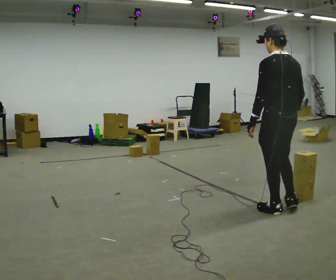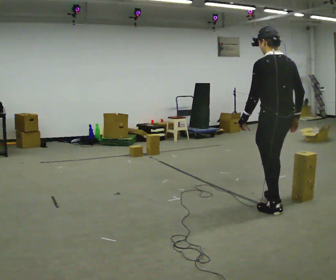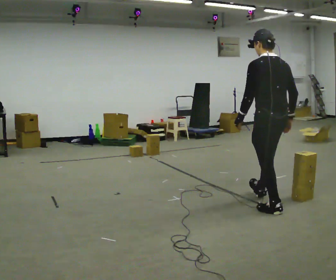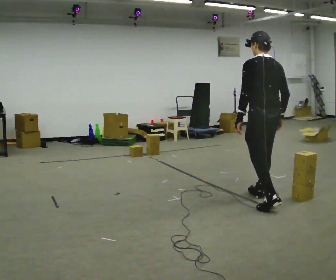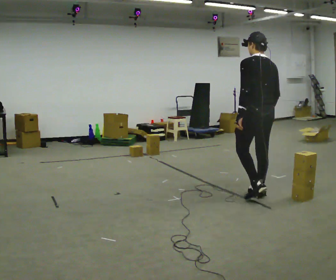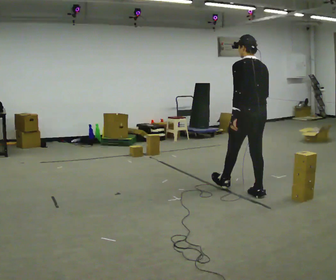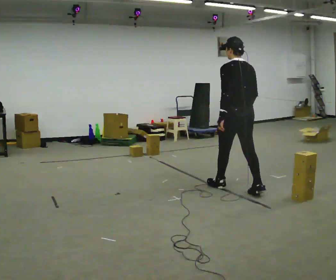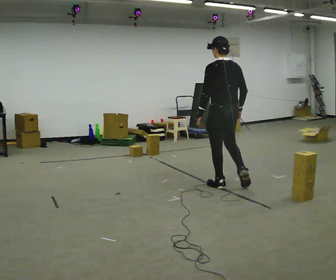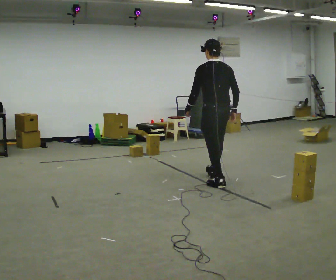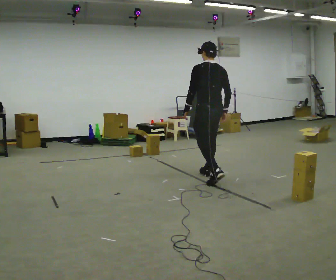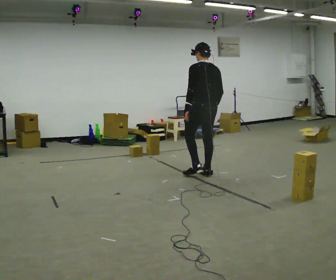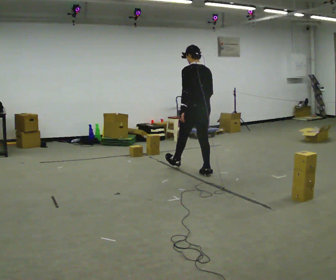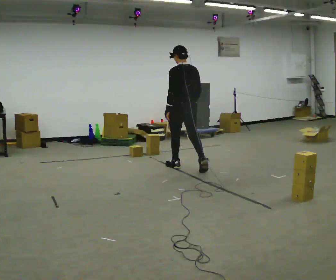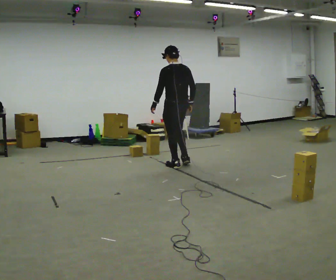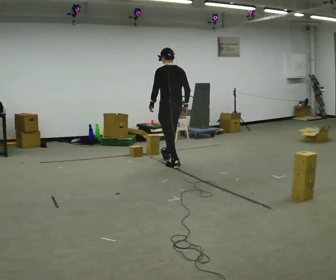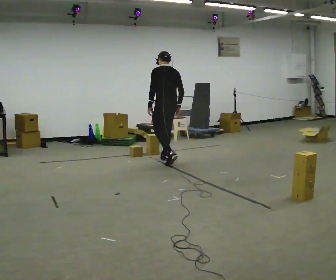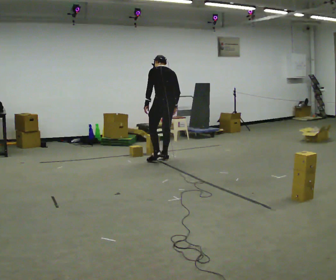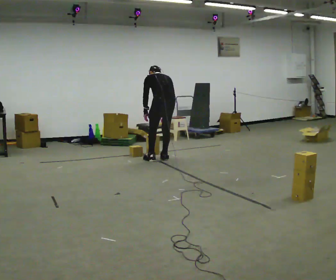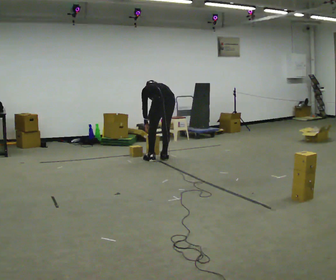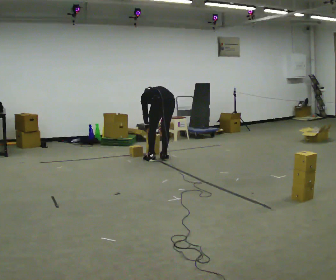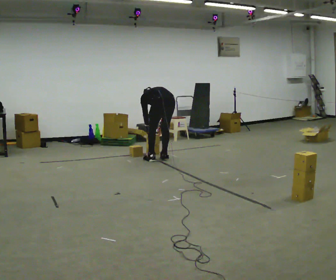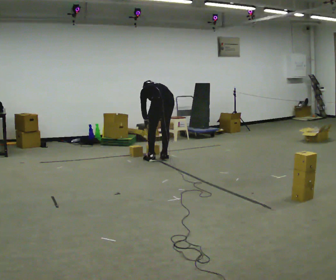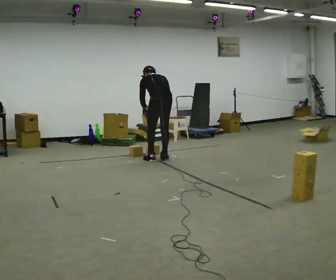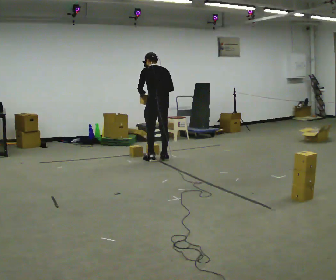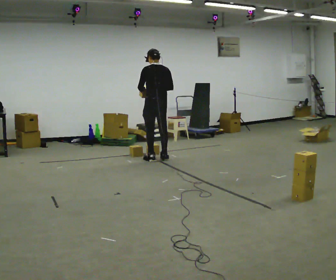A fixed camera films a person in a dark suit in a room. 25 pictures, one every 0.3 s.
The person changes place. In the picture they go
away from the camera.
0.0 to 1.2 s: In the picture they go away from the camera, about 0.5 m in 1 step, which for them is forward.
1.2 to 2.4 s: In the picture they go away from the camera and to the left, about 0.5 m in 1 step, which for them is forward.
2.4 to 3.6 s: In the picture they go away from the camera and to the left, about 1 m in 2 steps, which for them is forward.
3.6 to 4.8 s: In the picture they go away from the camera and to the left, about 0.5 m in 1 step, which for them is forward. The upper body tips away from the camera, its near side rolling upward, as they bend forward.
4.8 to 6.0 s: The shoulders move downward. The upper body tips away from the camera, its near side rolling upward, as they bend forward. In the picture their left hand goes downward.
6.0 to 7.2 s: The upper body goes upward. The upper body tips toward the camera, its near side rolling downward, as they lean back or straighten. In the picture their left hand goes upward.
The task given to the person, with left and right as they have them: Carry the box and, while you are still walking, turn it so you can read the label, read it out loud, then carry on. Repeat with the next box. Do not stop to read it.
The film runs forward here.
